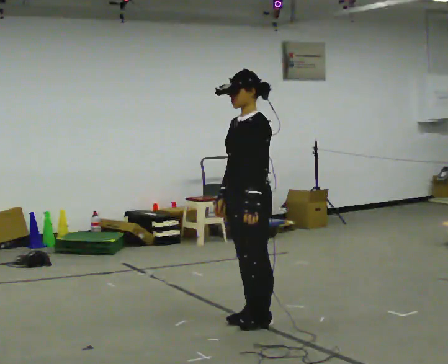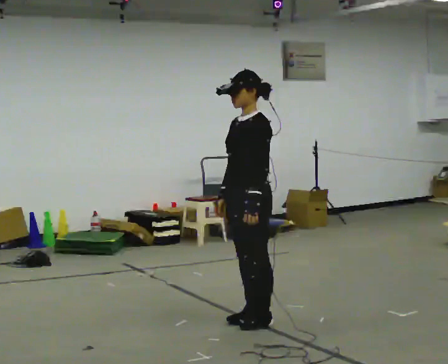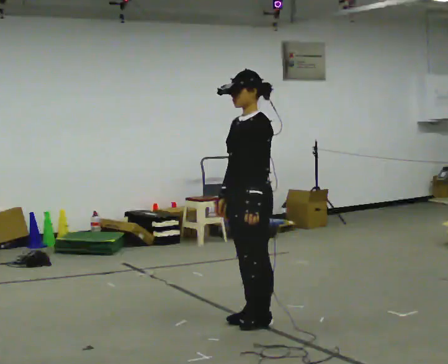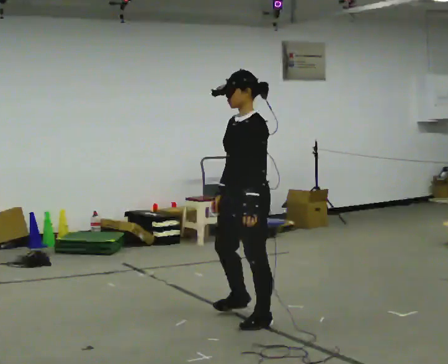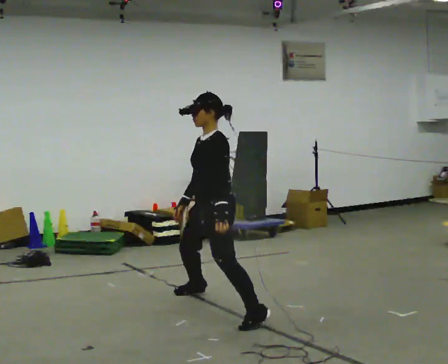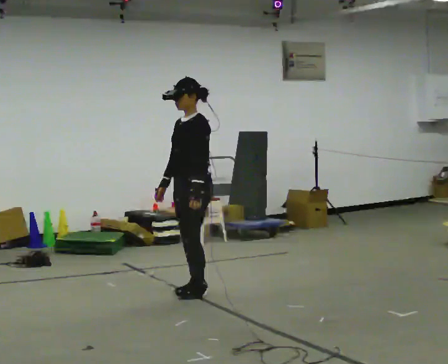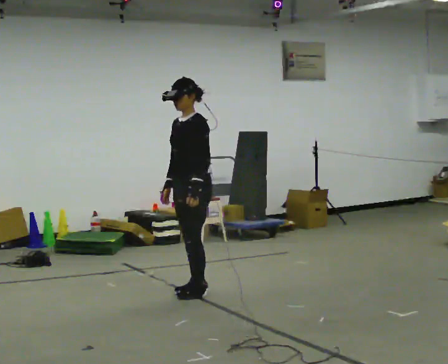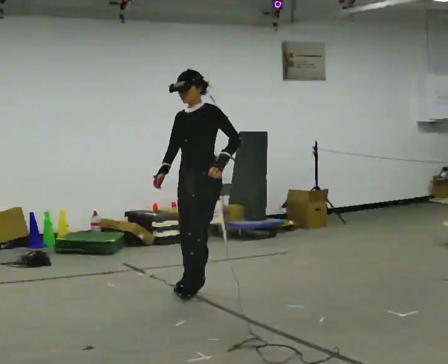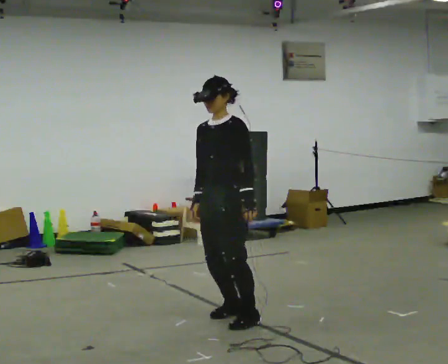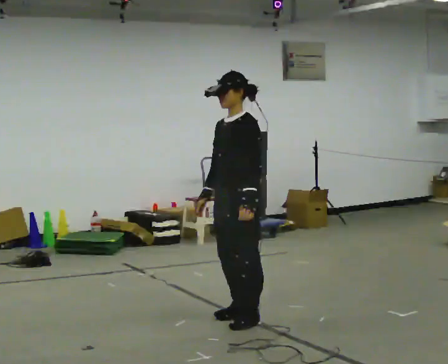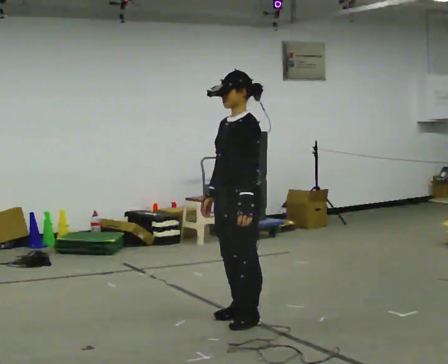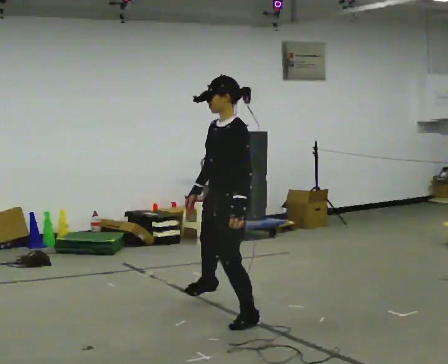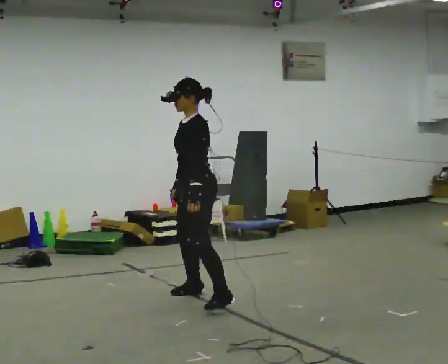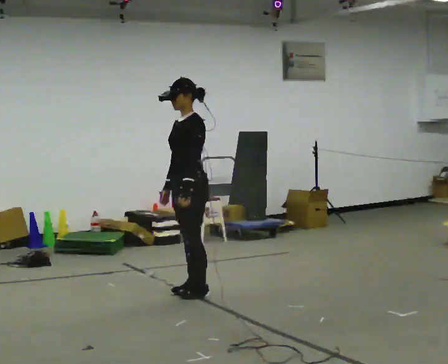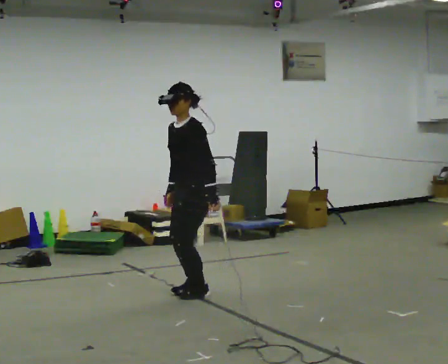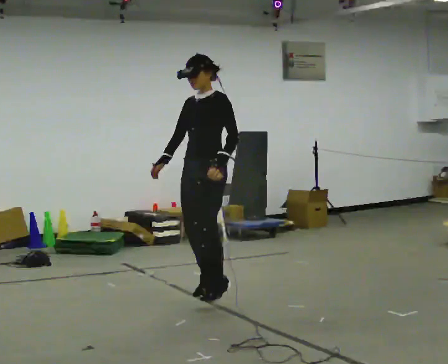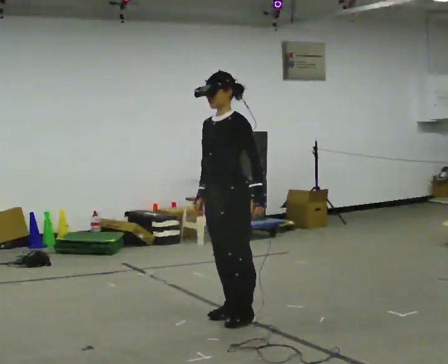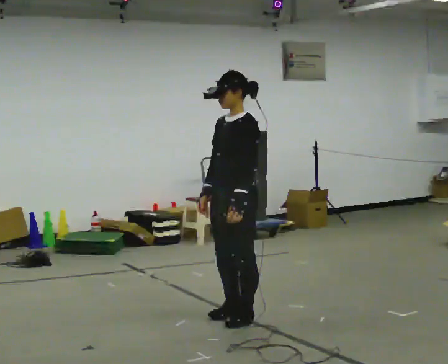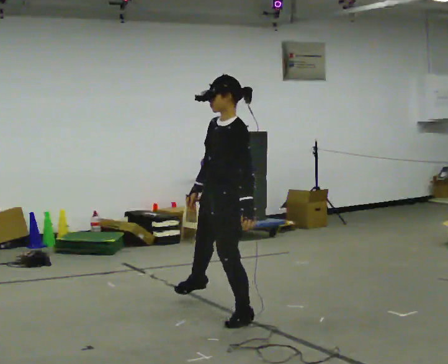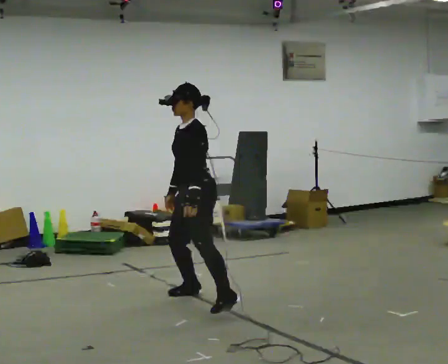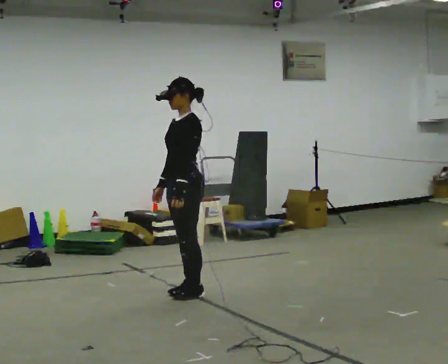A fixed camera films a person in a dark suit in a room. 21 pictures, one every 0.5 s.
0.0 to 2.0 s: In the picture they go away from the camera and to the left, about 0.5 m, which for them is to their right.
2.0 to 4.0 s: The person turns about 30 degrees to their left, counterclockwise seen from above, so the part of the body nearest the lens slides to the right. In the picture they go toward the camera, about 0.25 m in 4 steps, which for them is to their left.
4.0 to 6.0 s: Seen from above the body turns clockwise, about 30 degrees: to their right, with its near side sliding to the left. In the picture they go away from the camera and to the left, about 0.5 m in 1 step, which for them is to their right.
6.0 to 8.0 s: In the picture they go toward the camera and to the right, about 0.5 m in 3 steps, which for them is to their left.
8.0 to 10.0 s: In the picture they go away from the camera and to the left, about 0.5 m in 2 steps, which for them is to their right.
The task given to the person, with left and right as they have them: Push off sideways from one foot, land on the other, and bound back the other way. Repeat the movement at your own pace until the operator says stop; do not rush.
The film runs forward here.
